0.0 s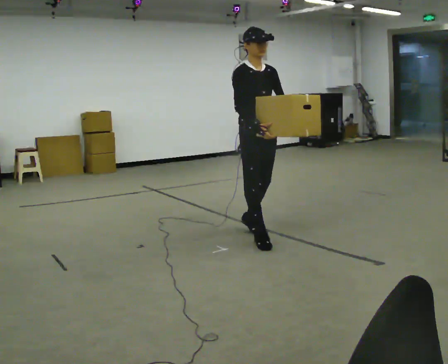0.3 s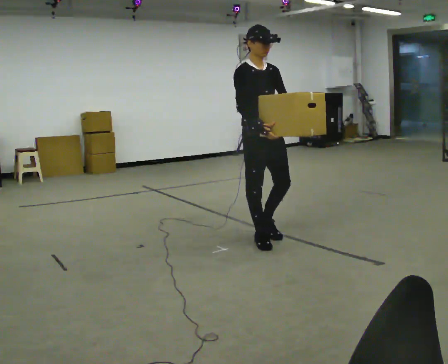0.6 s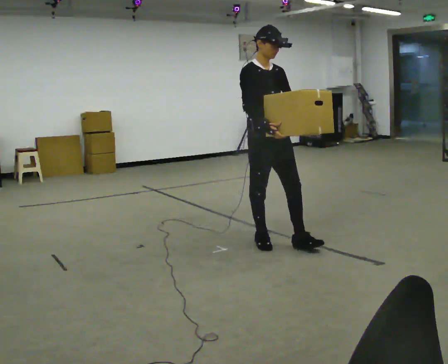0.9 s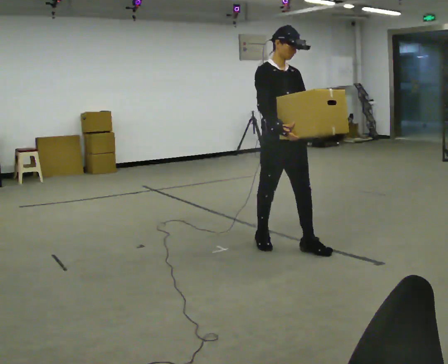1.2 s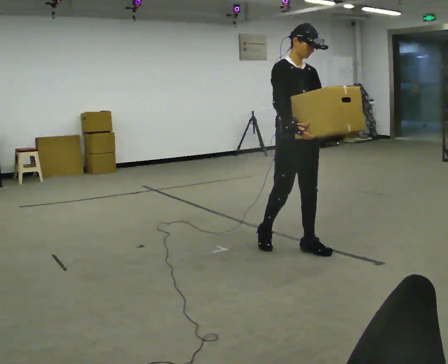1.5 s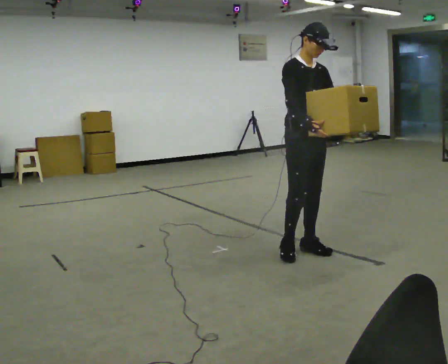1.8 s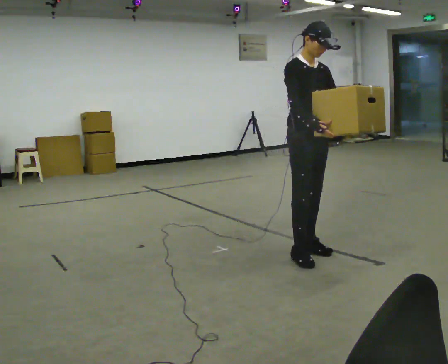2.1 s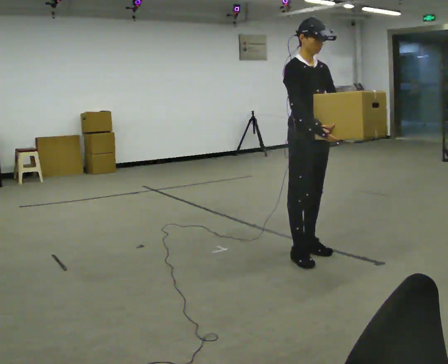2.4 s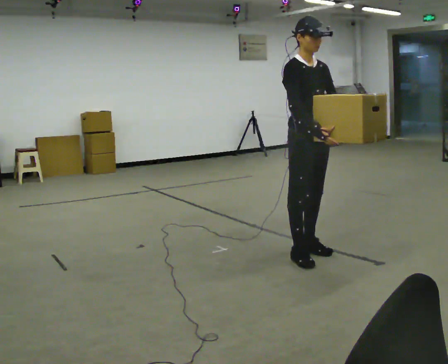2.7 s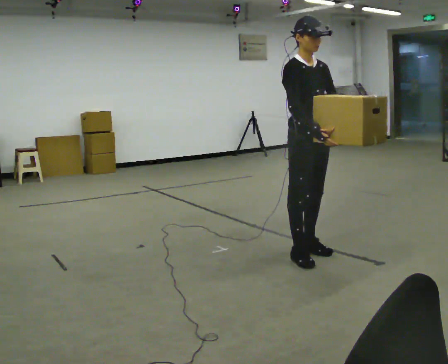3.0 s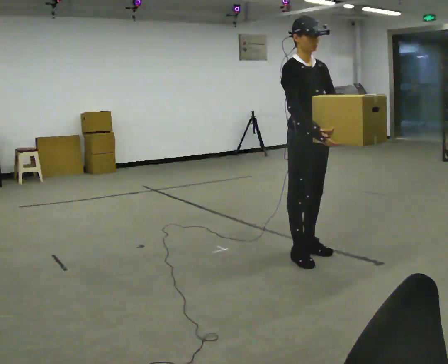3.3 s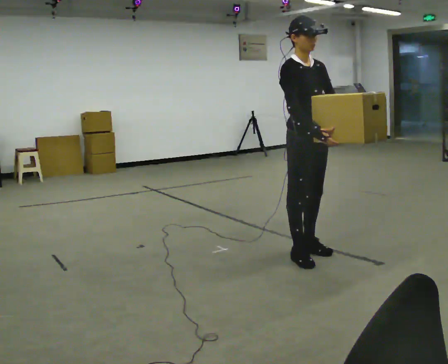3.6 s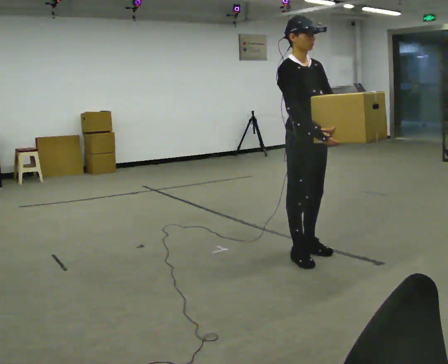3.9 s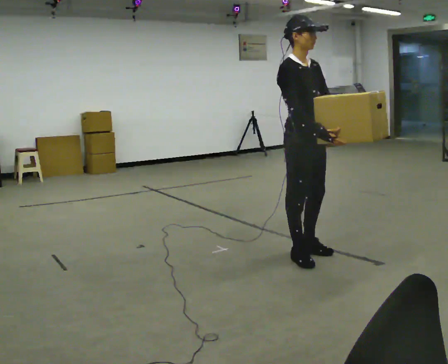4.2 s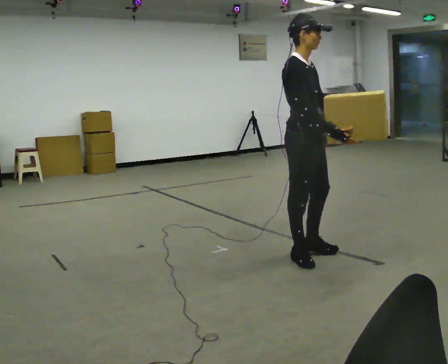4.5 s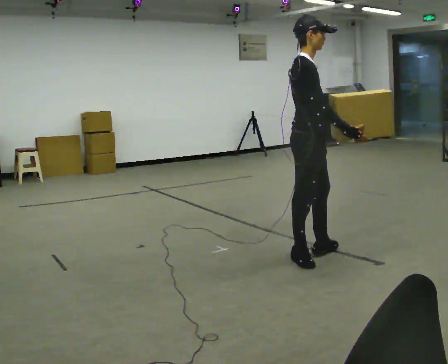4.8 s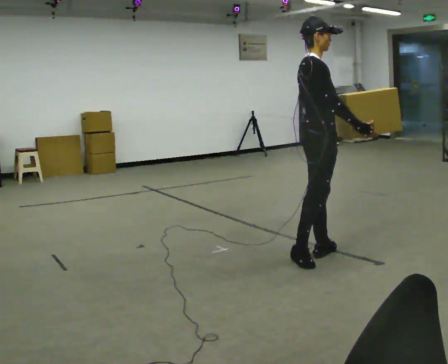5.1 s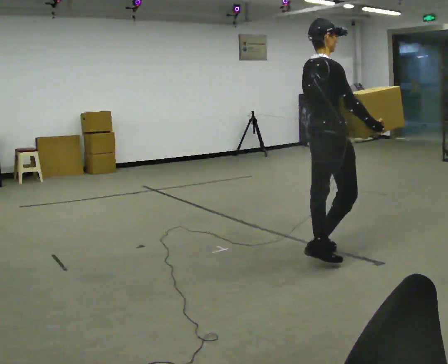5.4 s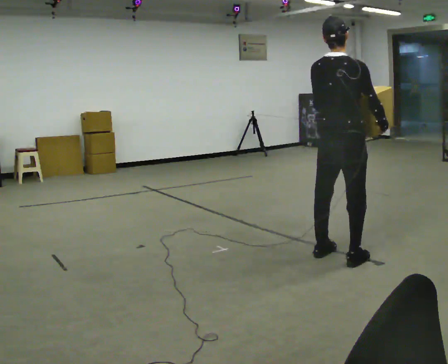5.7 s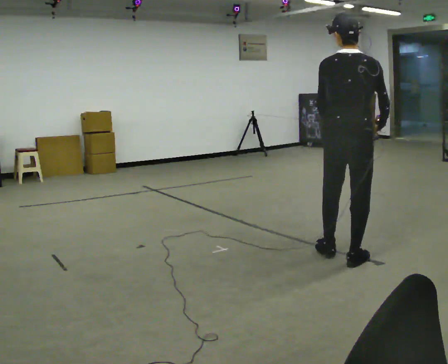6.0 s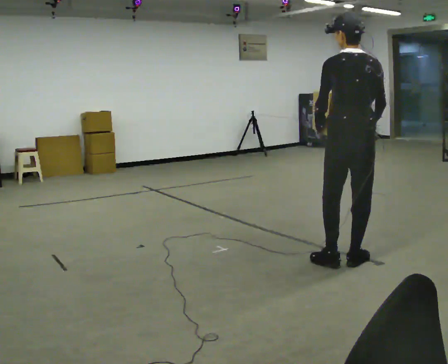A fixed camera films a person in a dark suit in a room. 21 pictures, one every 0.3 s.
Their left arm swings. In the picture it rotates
clockwise.
The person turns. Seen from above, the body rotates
counterclockwise.
0.0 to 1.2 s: In the picture they go to the right and toward the camera, about 0.5 m in 1 step, which for them is forward.
1.2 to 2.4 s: In the picture they go toward the camera, about 0.25 m in 1 step, which for them is forward.
2.4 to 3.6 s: The person moves a little, or ends about where they began.
3.6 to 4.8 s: Seen from above the body turns counterclockwise, about 45 degrees: to their left, with its near side sliding to the right. In the picture their right hand goes to the right.
4.8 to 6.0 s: The part of the body nearest the lens slides to the right as the person turns to their left by about 105 degrees. In the picture they go to the right, about 0.25 m in 1 step.
The film runs forward here.
